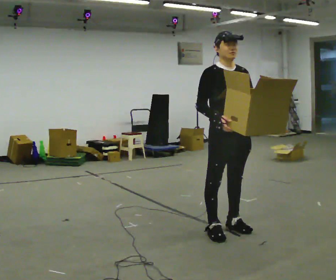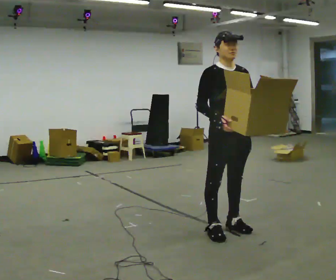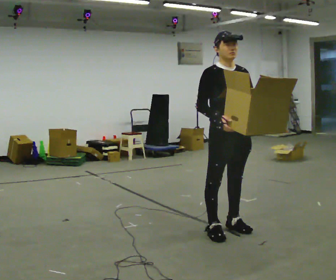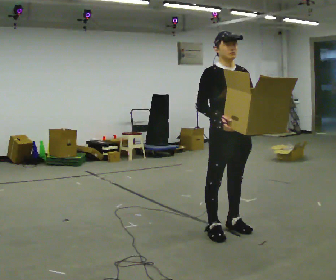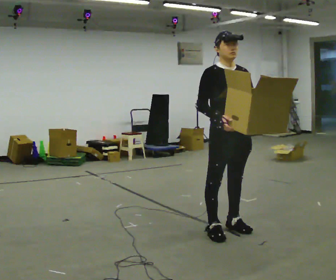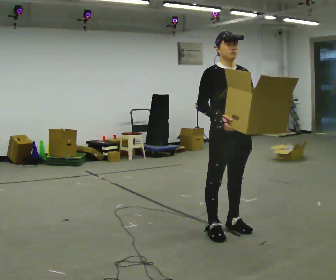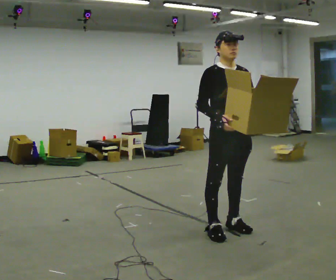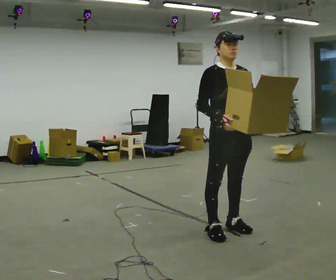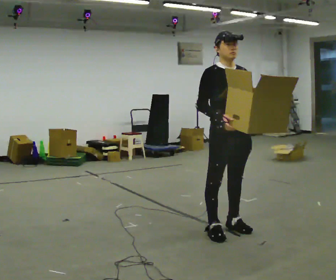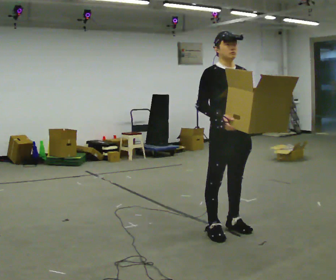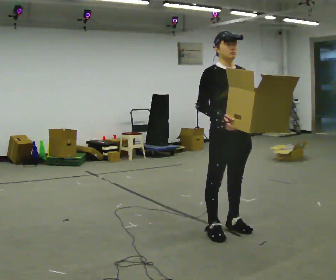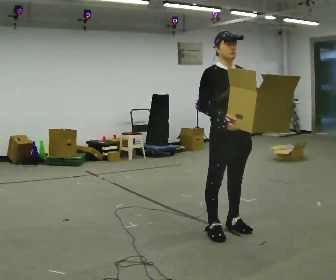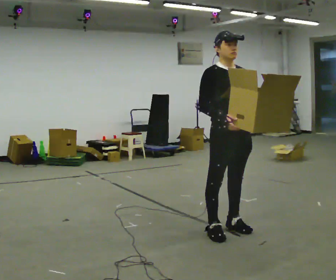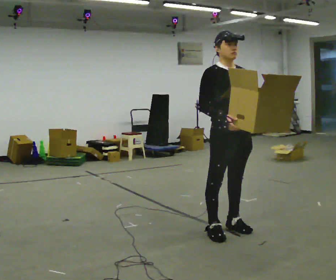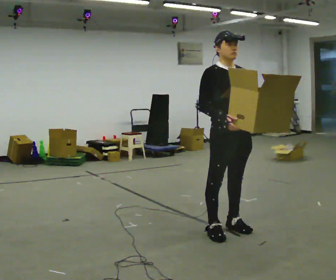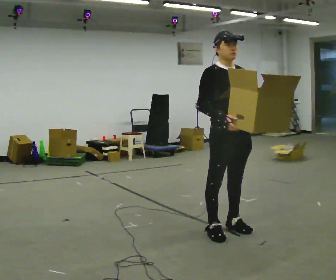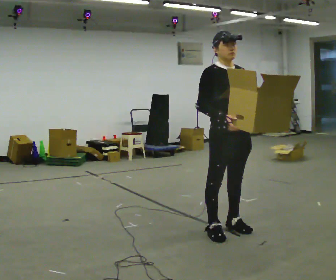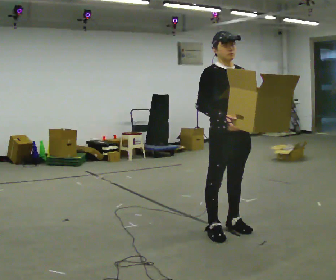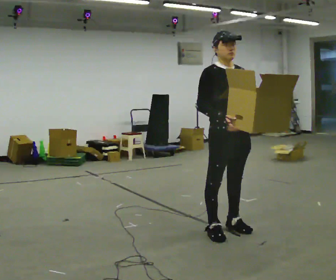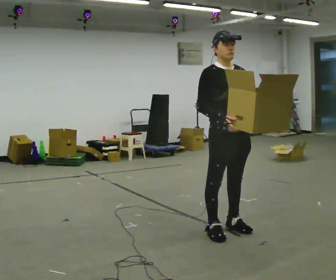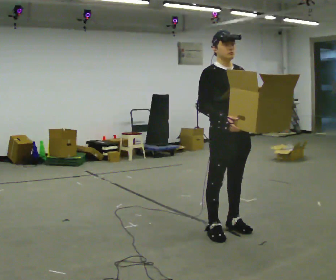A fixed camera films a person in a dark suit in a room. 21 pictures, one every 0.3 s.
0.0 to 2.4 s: The person keeps their place and pose.
2.4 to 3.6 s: The person moves a little, or ends about where they began.
3.6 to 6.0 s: The person keeps their place and pose.
The film runs backward here.
